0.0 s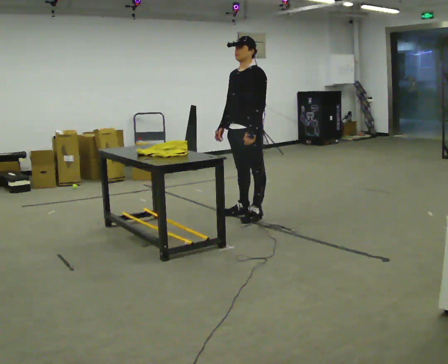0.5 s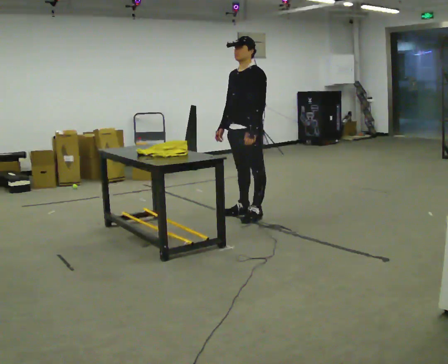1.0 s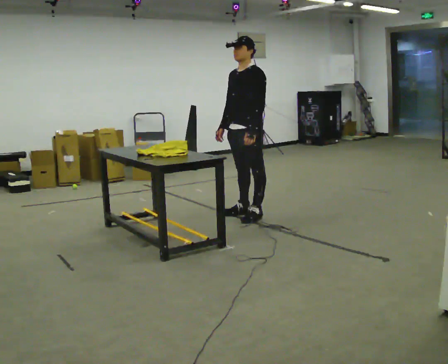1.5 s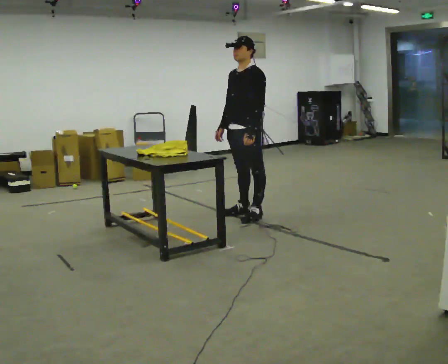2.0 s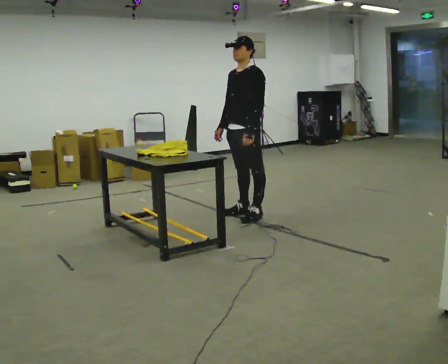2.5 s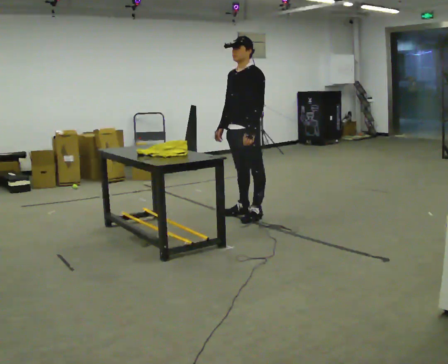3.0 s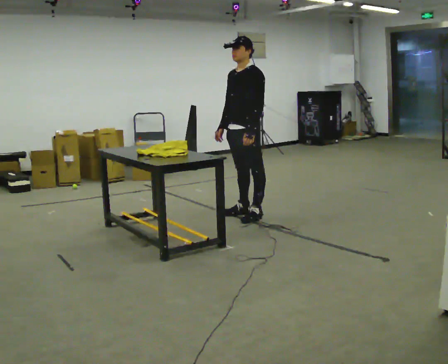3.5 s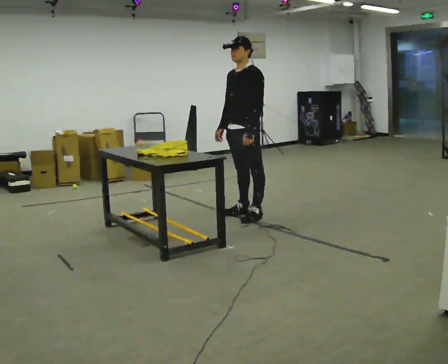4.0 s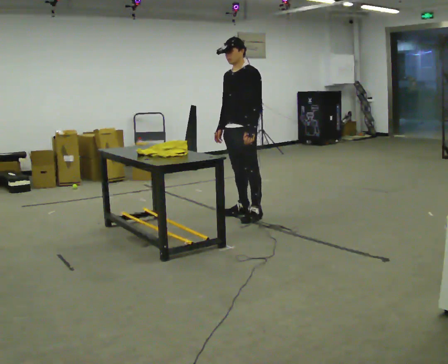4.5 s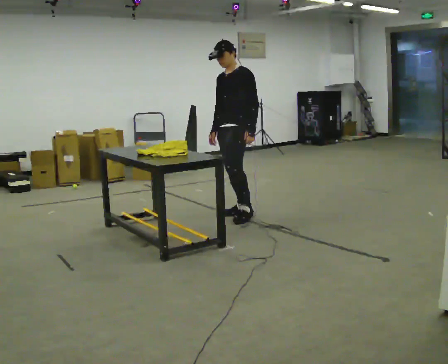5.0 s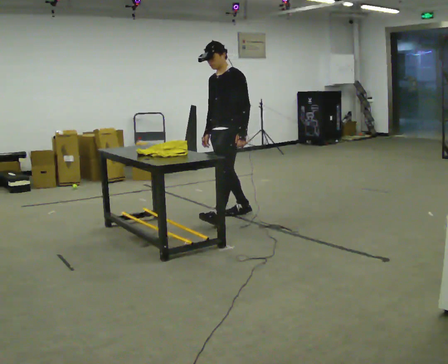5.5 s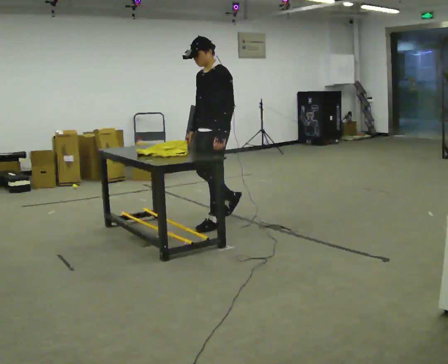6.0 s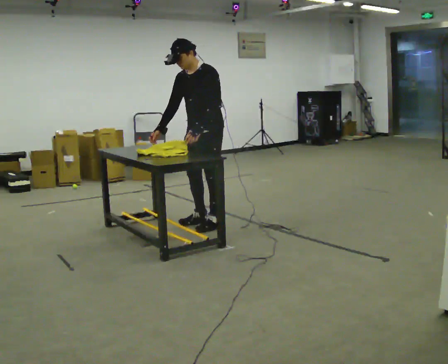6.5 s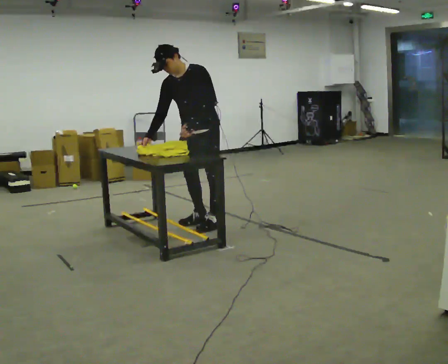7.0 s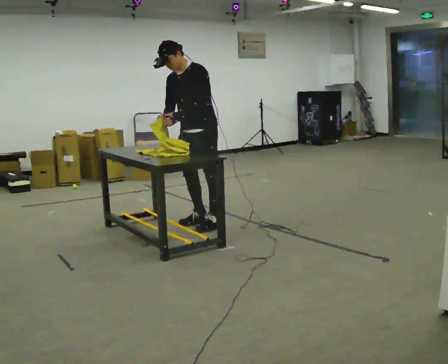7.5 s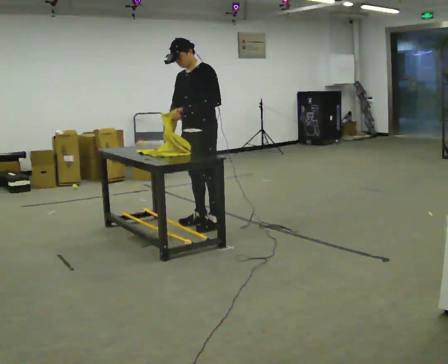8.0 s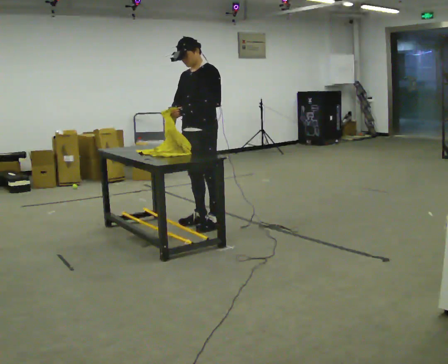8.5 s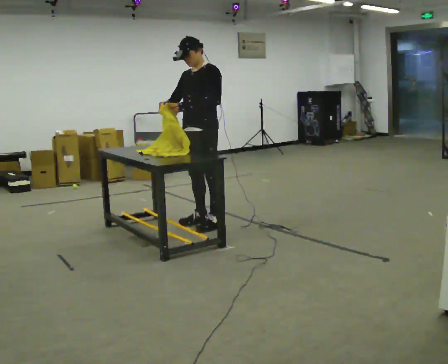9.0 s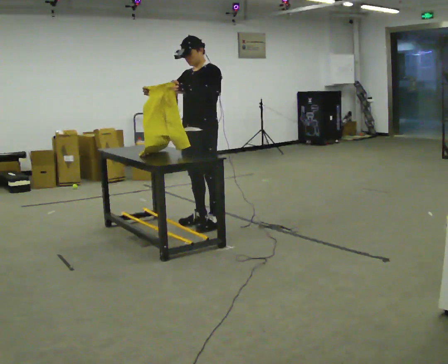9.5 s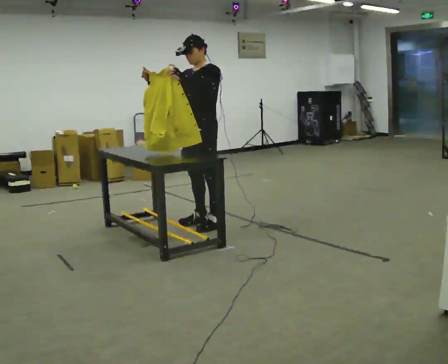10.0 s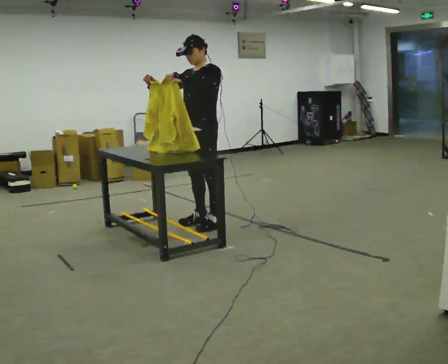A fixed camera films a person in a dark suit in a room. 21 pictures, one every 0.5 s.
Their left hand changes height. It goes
upward.
0.0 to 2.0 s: The person keeps their place and pose.
2.0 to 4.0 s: The person moves a little, or ends about where they began.
4.0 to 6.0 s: In the picture they go toward the camera and to the left, about 0.5 m in 2 steps, which for them is forward.
6.0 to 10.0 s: In the picture their left hand goes upward.
The film runs forward here.
